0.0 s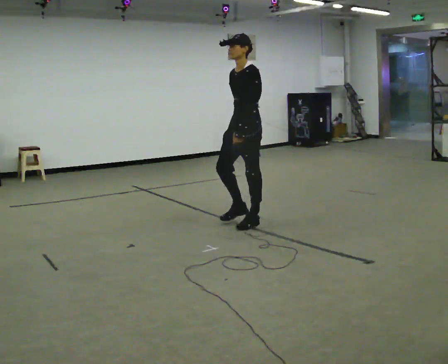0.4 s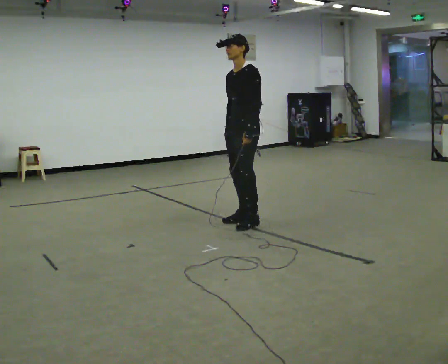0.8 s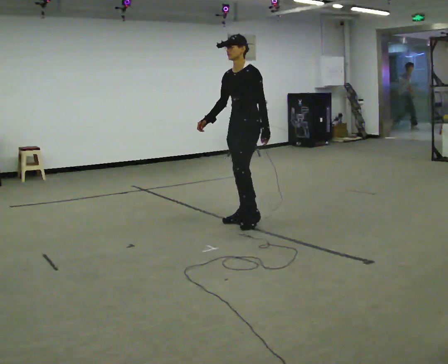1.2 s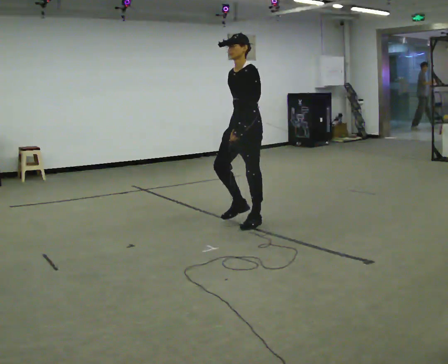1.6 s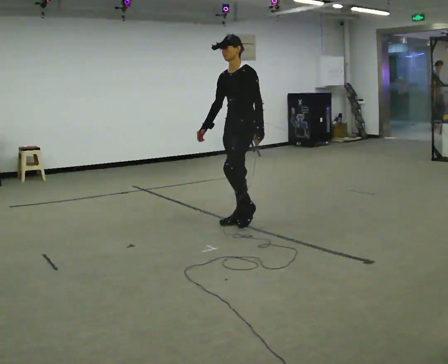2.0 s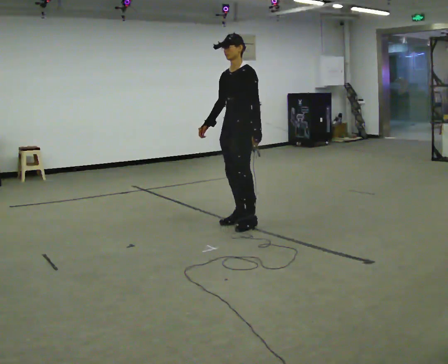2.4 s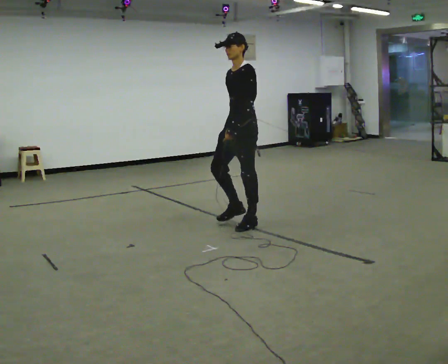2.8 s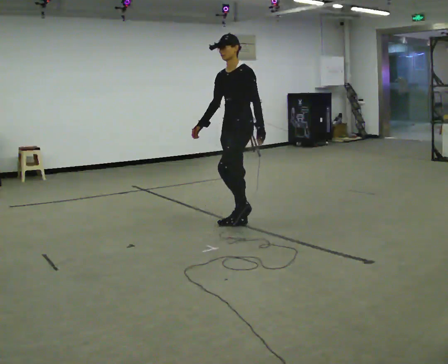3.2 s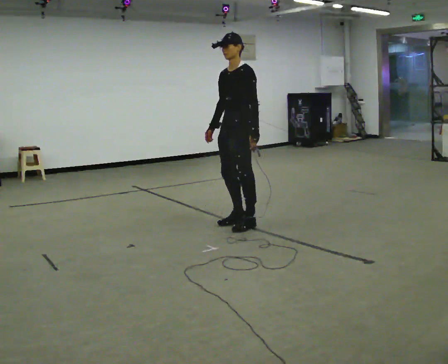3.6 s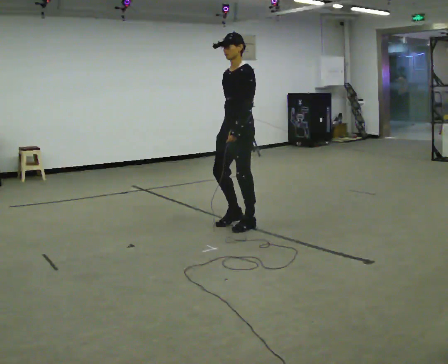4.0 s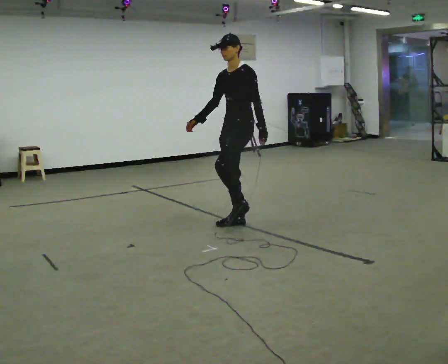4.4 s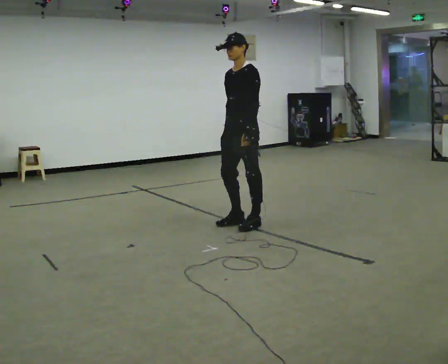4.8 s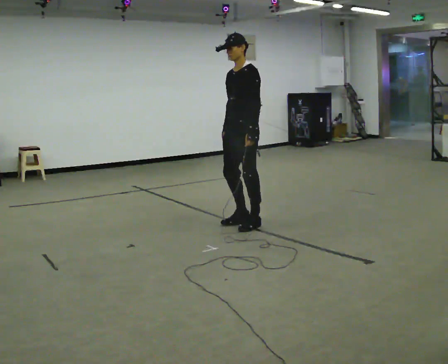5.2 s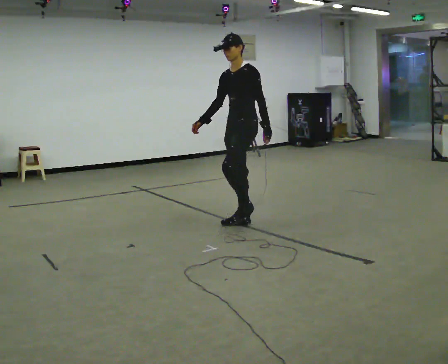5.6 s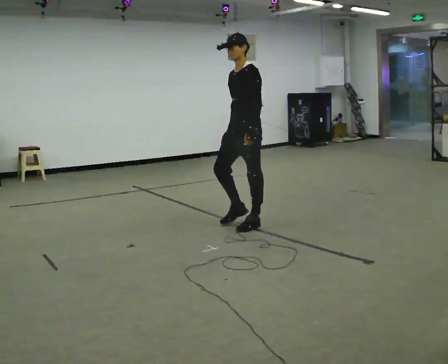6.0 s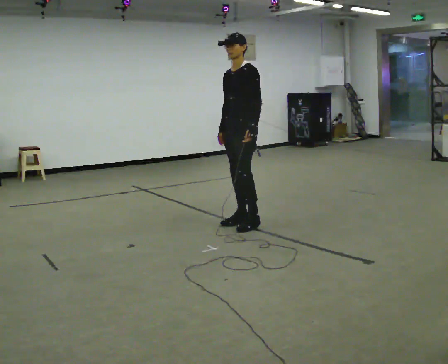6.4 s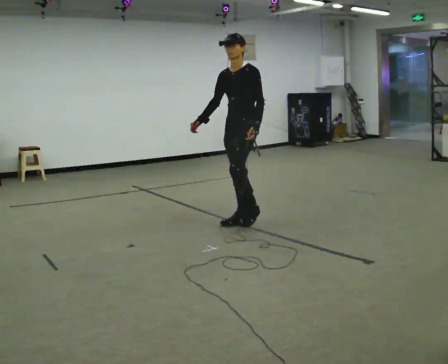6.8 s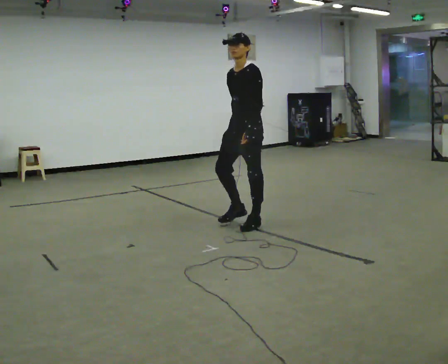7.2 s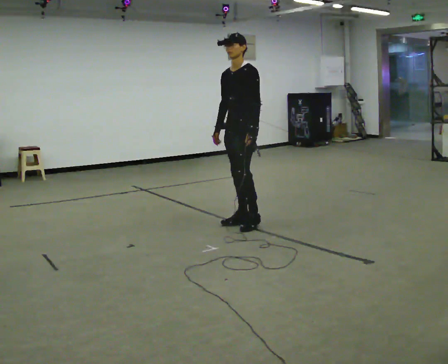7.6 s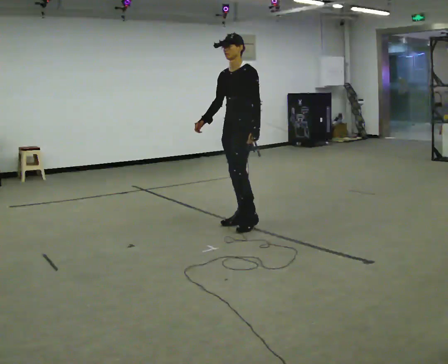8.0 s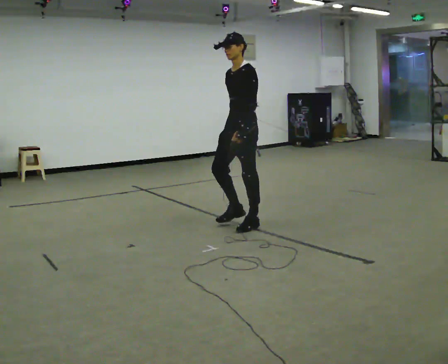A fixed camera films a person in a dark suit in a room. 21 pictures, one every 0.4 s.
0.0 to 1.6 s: In the picture their right hand goes to the left.
1.6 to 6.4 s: The person moves a little, or ends about where they began.
6.4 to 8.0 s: In the picture their right hand goes to the right.
The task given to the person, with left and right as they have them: March in place at a comfortable rhythm without moving forward; stop.
The film runs forward here.
